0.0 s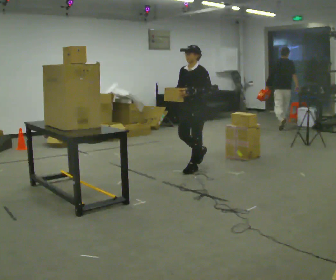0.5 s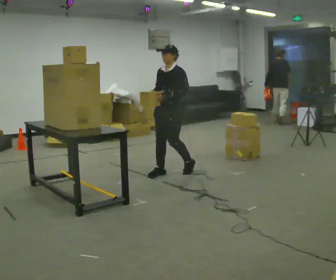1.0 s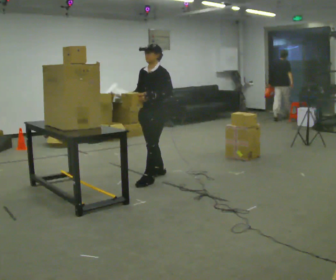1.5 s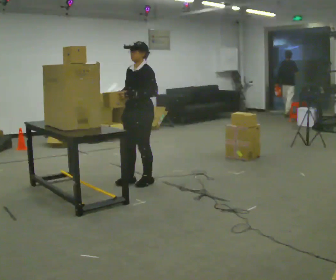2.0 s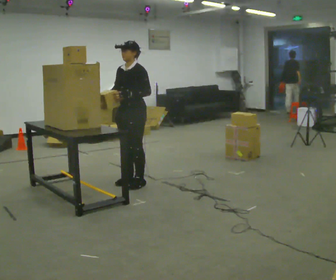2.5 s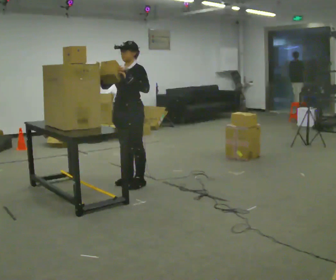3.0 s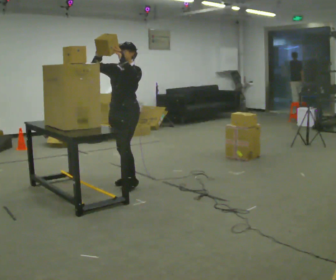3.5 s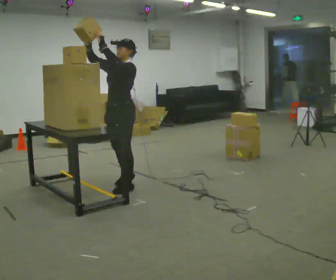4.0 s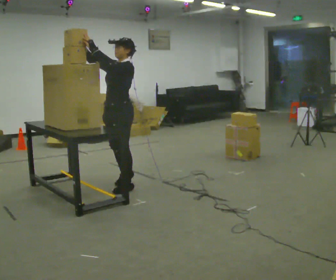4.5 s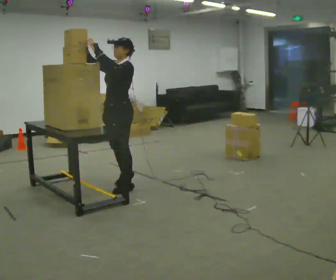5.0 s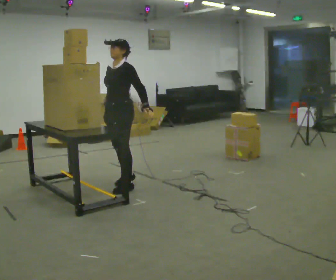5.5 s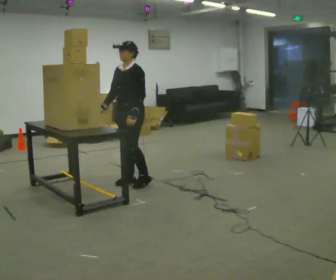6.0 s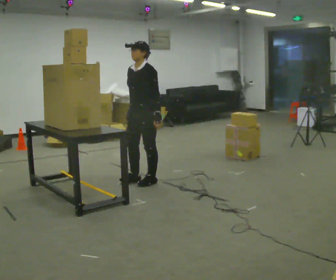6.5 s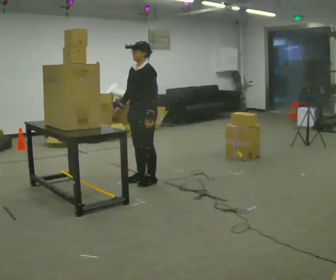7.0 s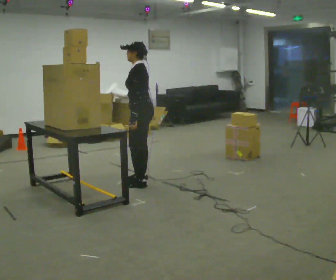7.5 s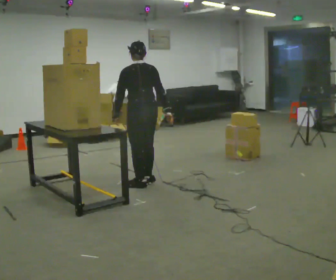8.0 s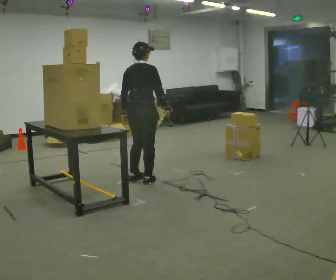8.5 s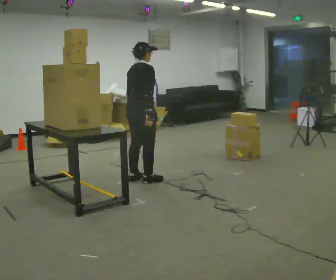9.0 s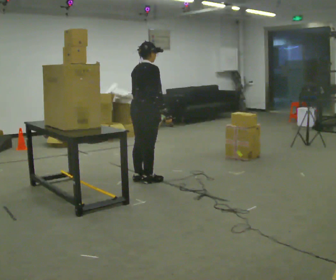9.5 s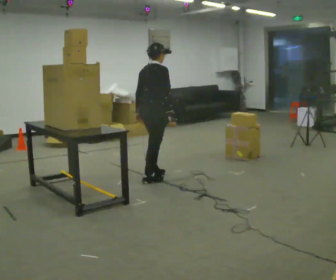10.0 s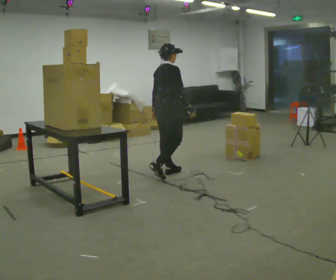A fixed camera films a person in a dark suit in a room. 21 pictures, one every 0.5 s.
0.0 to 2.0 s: In the picture they go to the left and toward the camera, about 1 m in 3 steps, which for them is forward.
2.0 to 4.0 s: In the picture they go toward the camera, about 0.25 m in 1 step, which for them is forward. In the picture their right hand goes upward.
4.0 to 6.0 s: In the picture they go to the right and away from the camera, about 0.5 m in 1 step, which for them is backward. In the picture their right hand goes downward, the arm swinging counterclockwise.
6.0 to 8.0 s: The person turns about 165 degrees to their right, clockwise seen from above, so the part of the body nearest the lens slides to the left. In the picture their left hand goes to the left.
8.0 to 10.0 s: The part of the body nearest the lens slides to the left as the person turns to their right by about 30 degrees. In the picture they go to the right and away from the camera, about 0.5 m in 1 step, which for them is forward.
The film runs forward here.
